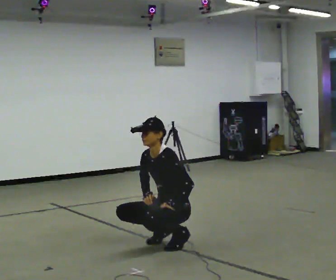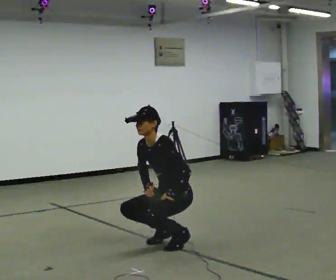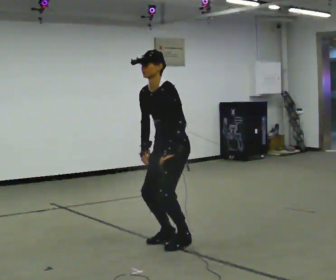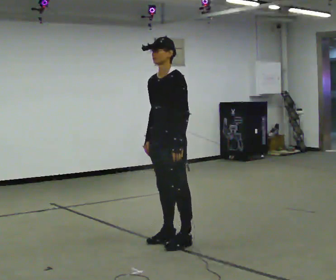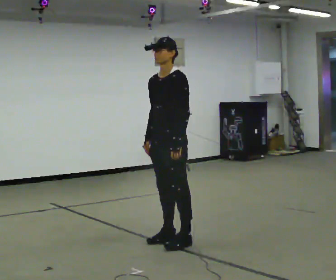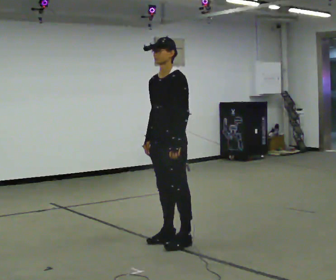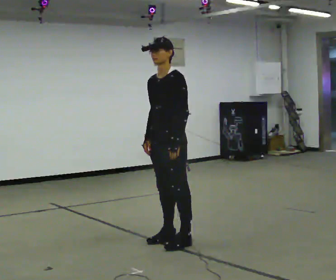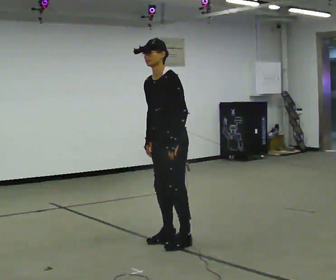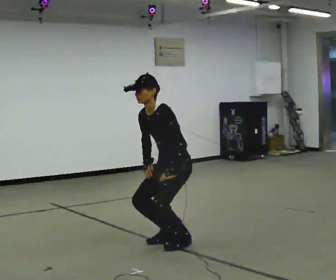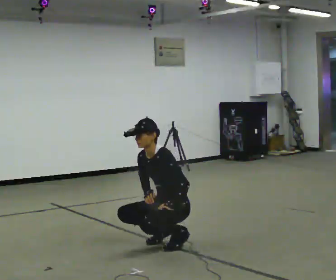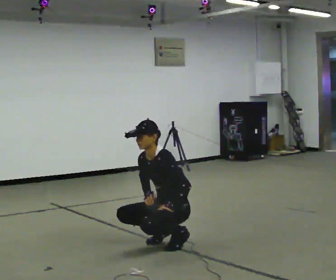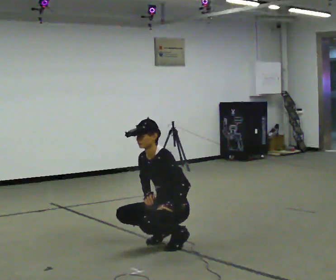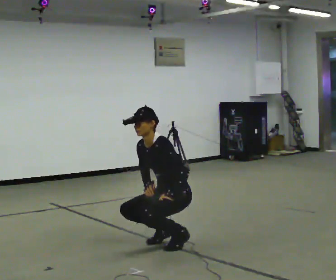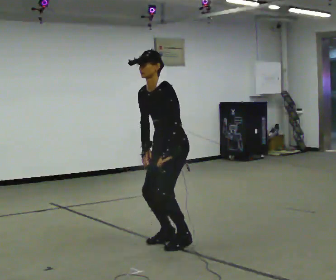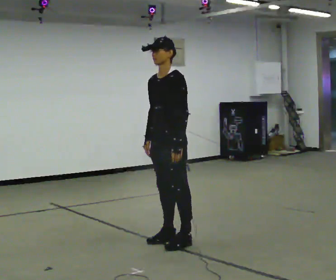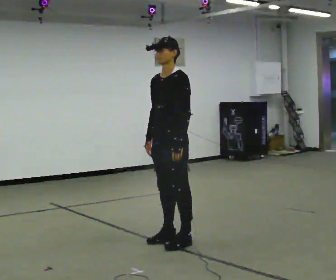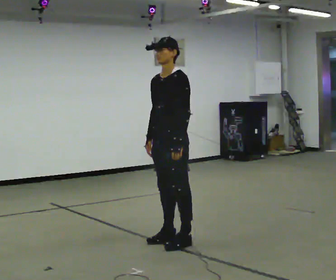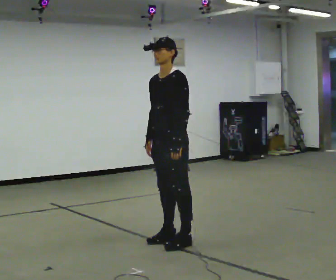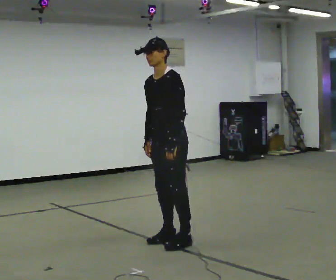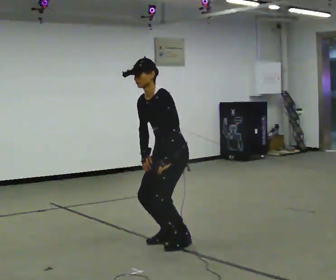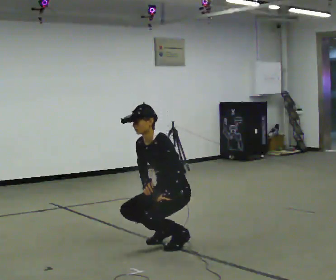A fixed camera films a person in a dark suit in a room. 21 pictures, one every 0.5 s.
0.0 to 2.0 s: The shoulders move upward. In the picture their right hand goes upward.
2.0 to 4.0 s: The shoulders move downward. In the picture the upper body tilts counterclockwise, shoulders to the left, as they bend forward.
4.0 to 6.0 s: The person moves a little, or ends about where they began.
6.0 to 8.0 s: The shoulders move upward. In the picture the upper body tilts clockwise, shoulders to the right, as they lean back or straighten. In the picture their right hand goes upward.
8.0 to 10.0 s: The upper body goes downward. In the picture the upper body tilts counterclockwise, shoulders to the left, as they bend forward. In the picture their right hand goes downward.
The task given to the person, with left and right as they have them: Squat down as far as is comfortable, then stand back up. Repeat the movement at your own pace until the operator says stop; do not rush.
The film runs forward here.
